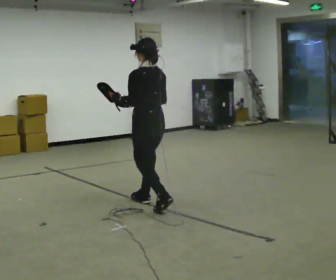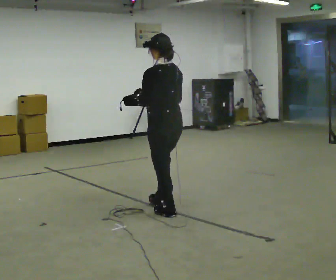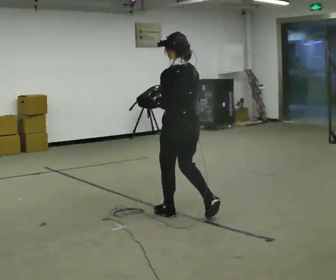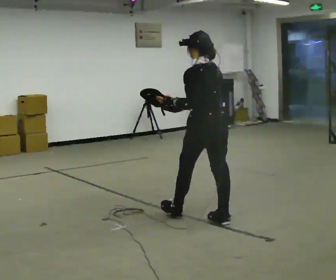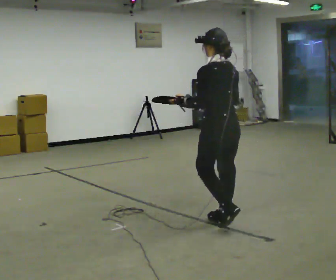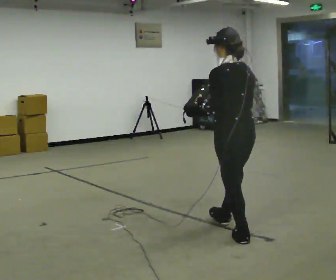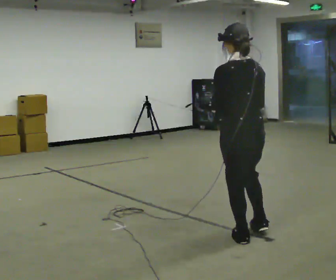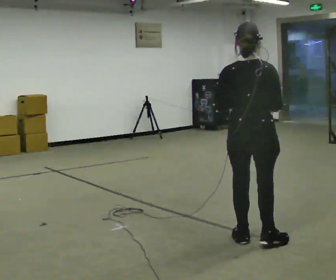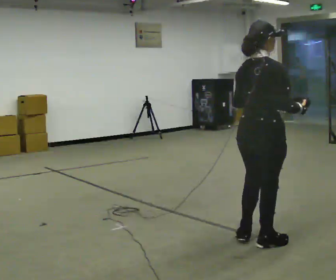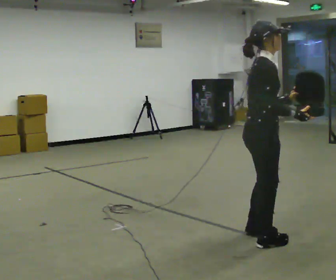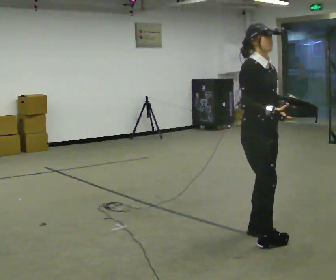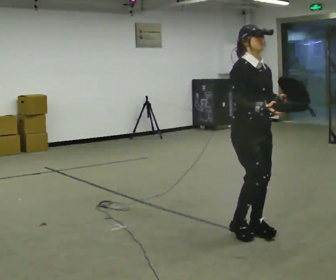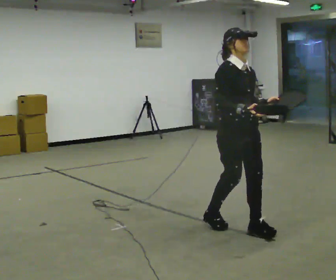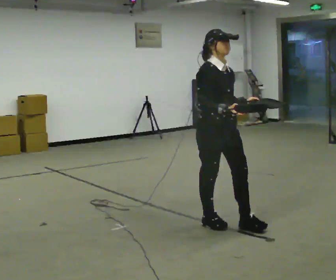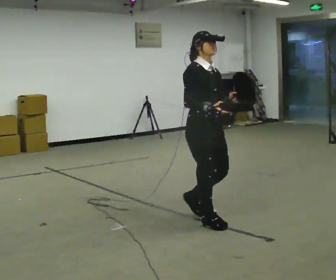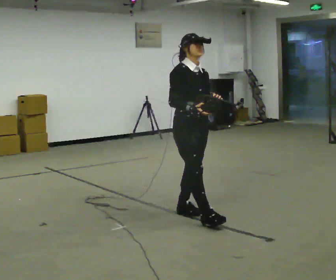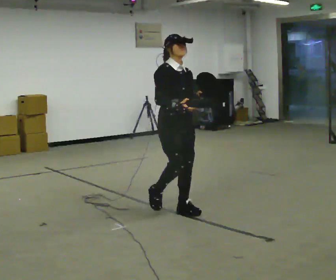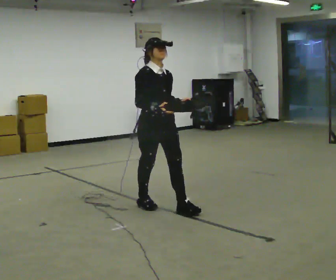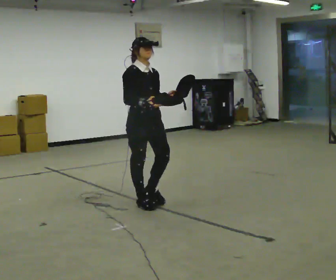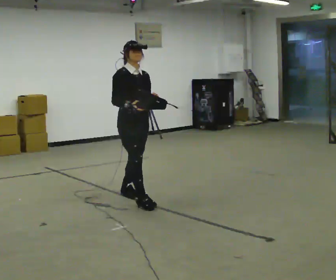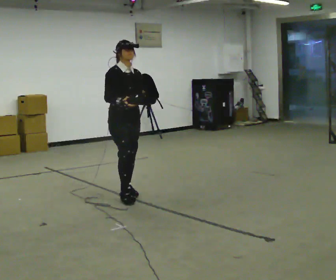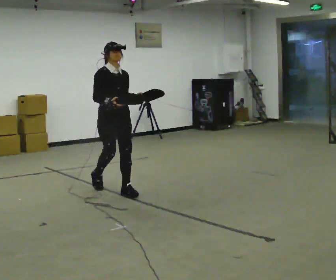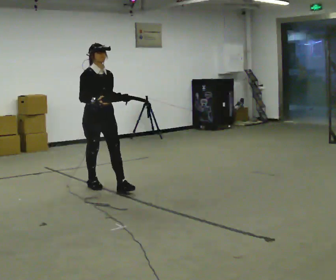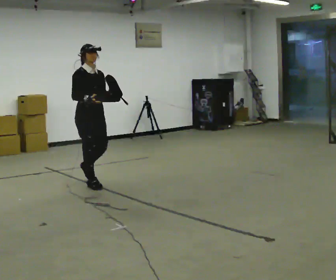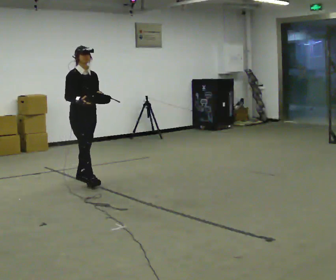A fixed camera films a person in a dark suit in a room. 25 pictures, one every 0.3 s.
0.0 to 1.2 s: In the picture they go to the right and toward the camera, about 1 m in 2 steps, which for them is backward.
1.2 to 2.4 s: The person turns about 90 degrees to their right, clockwise seen from above, so the part of the body nearest the lens slides to the left. In the picture they go toward the camera and to the right, about 0.5 m in 1 step.
2.4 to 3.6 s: The person turns about 90 degrees to their right, clockwise seen from above, so the part of the body nearest the lens slides to the left. In the picture they go away from the camera, about 0.25 m in 2 steps.
3.6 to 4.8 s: In the picture they go to the left and away from the camera, about 0.5 m in 2 steps, which for them is backward.
4.8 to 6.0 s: In the picture they go to the left and away from the camera, about 1 m in 2 steps, which for them is backward.
6.0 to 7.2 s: In the picture they go to the left and away from the camera, about 1 m in 1 step, which for them is backward.
The film runs backward here.
